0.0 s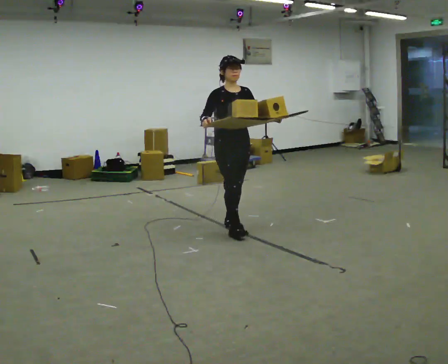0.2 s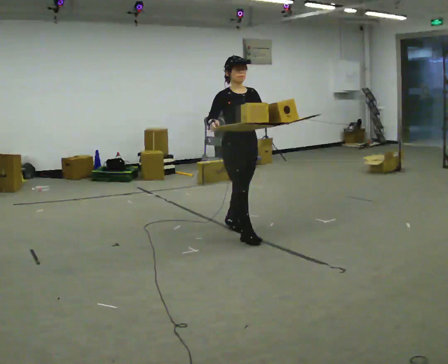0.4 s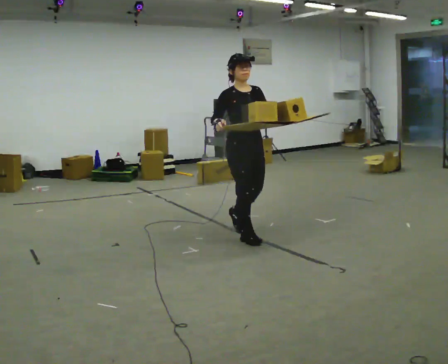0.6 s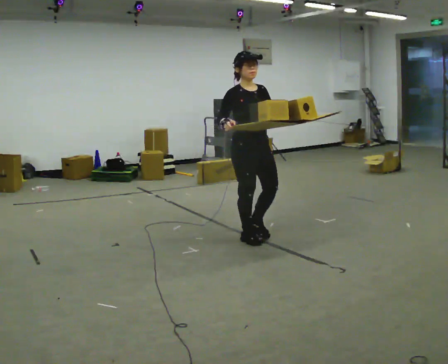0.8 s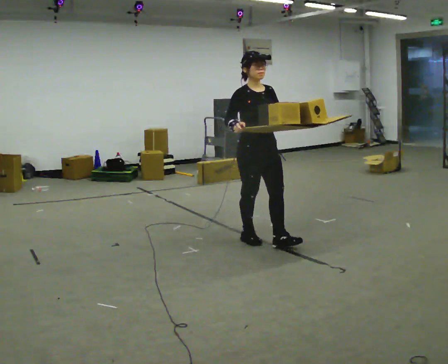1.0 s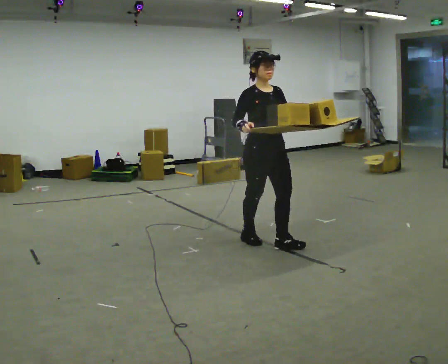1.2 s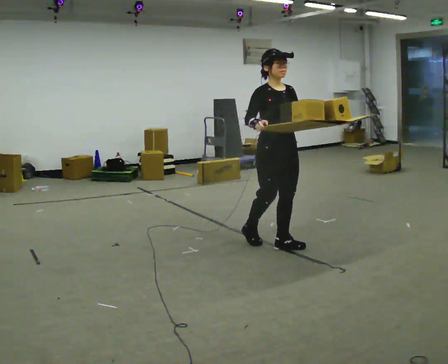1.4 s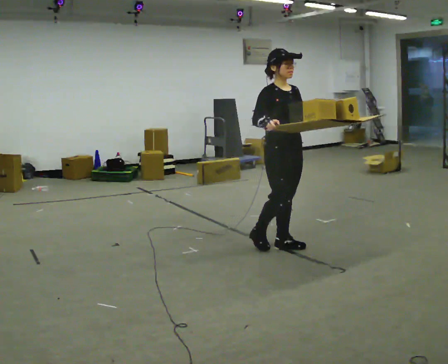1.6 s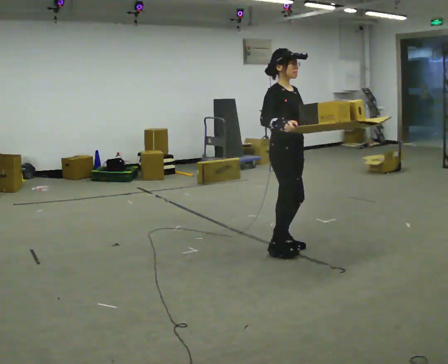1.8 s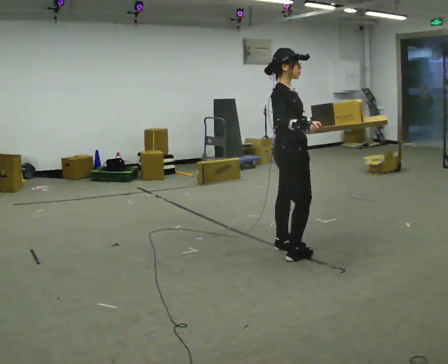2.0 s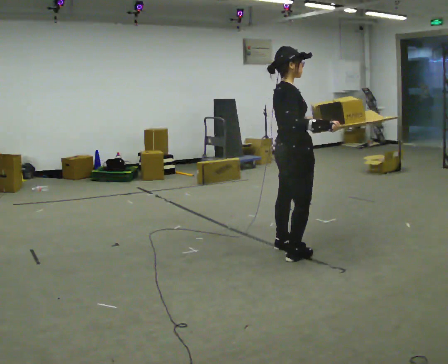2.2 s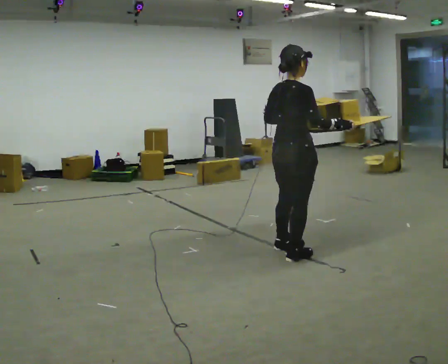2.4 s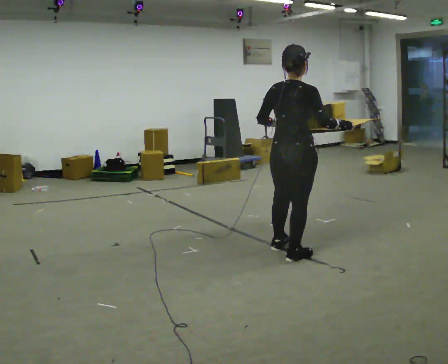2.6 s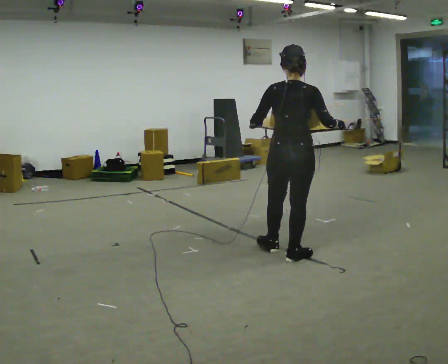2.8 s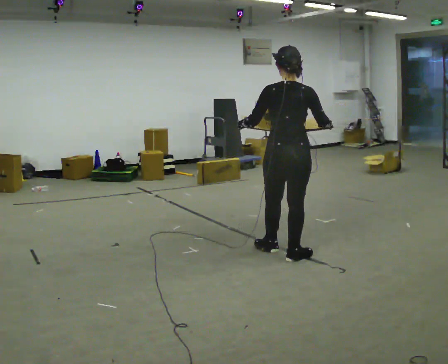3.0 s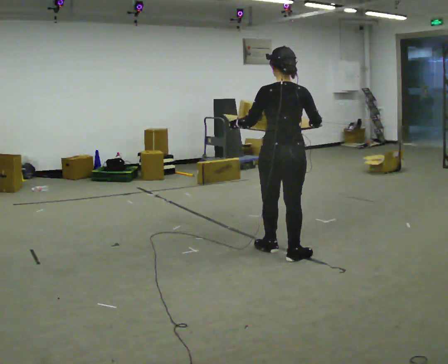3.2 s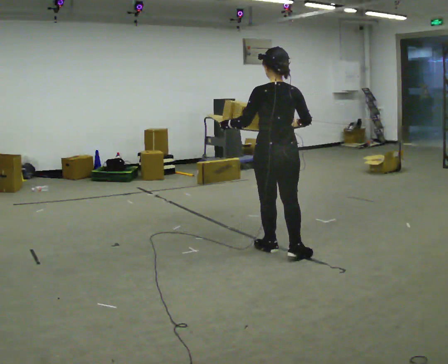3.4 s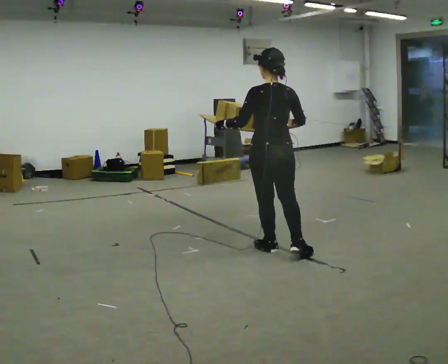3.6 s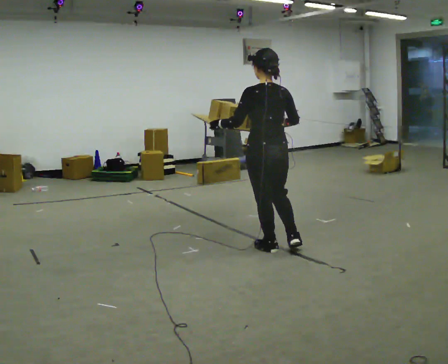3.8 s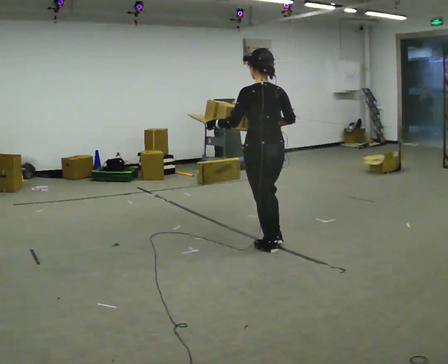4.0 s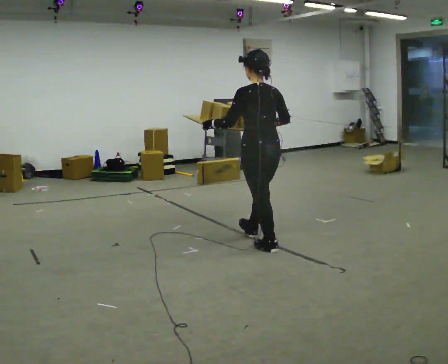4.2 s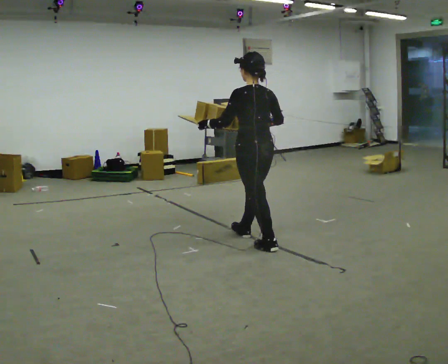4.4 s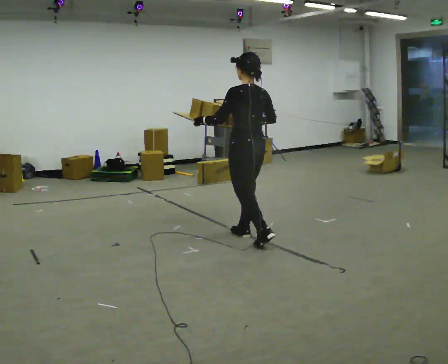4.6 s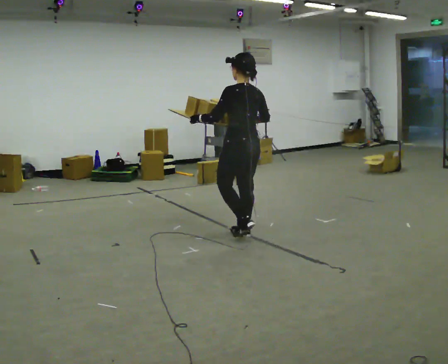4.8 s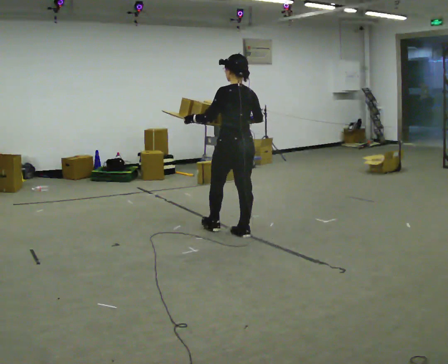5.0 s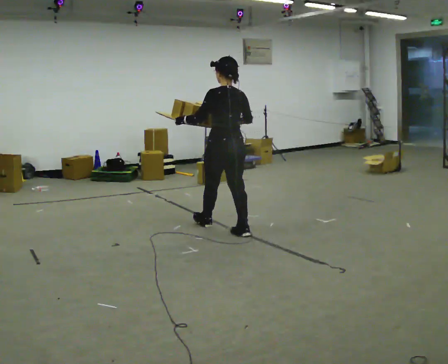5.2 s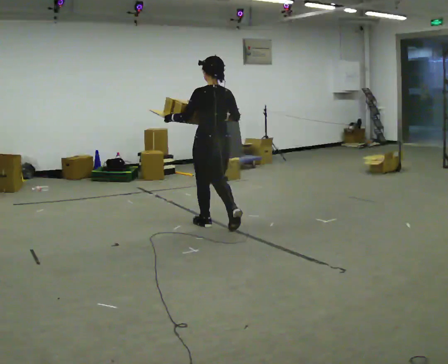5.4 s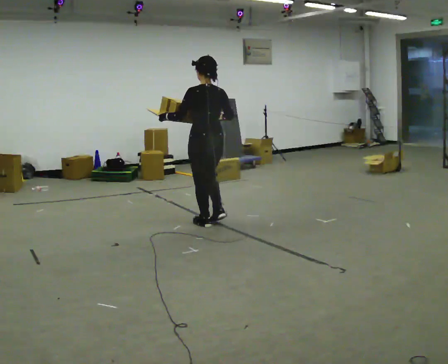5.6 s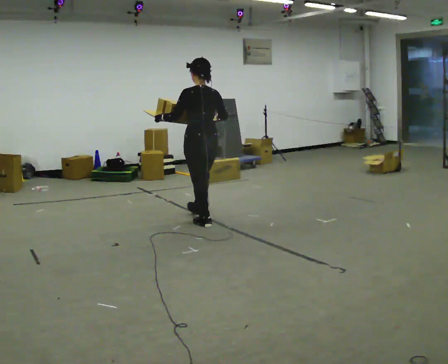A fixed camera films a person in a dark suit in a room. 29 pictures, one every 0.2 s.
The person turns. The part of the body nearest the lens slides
to the right.
The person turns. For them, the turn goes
to their left.
0.0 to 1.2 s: In the picture they go toward the camera and to the right, about 0.75 m in 2 steps, which for them is forward.
1.2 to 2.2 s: The person turns about 90 degrees to their left, counterclockwise seen from above, so the part of the body nearest the lens slides to the right. In the picture they go toward the camera, about 0.25 m in 1 step.
2.2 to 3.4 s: Seen from above the body turns counterclockwise, about 60 degrees: to their left, with its near side sliding to the right. In the picture their right hand goes to the left.
3.4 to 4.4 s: In the picture they go away from the camera and to the left, about 0.5 m in 1 step, which for them is forward.
4.4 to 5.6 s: In the picture they go away from the camera and to the left, about 0.5 m in 1 step, which for them is forward.
The film runs forward here.
